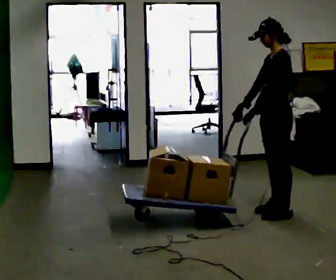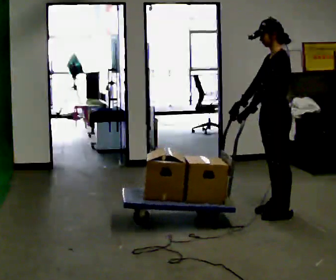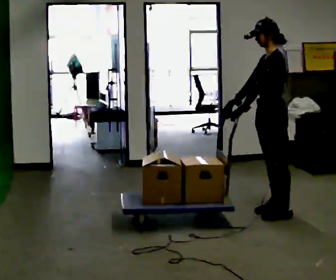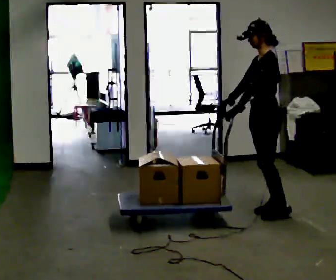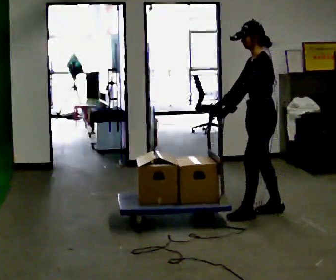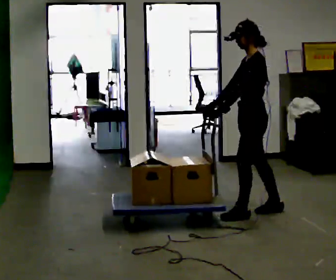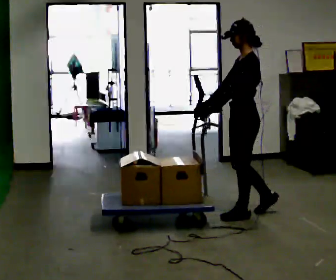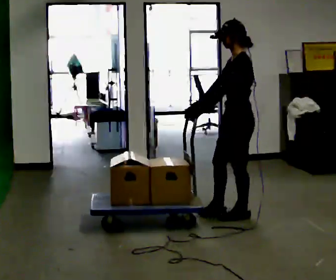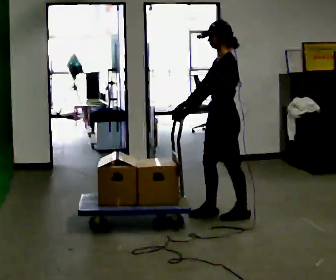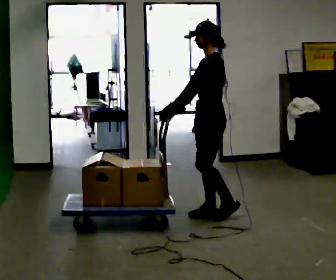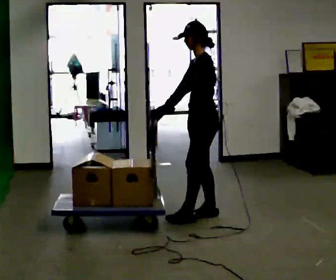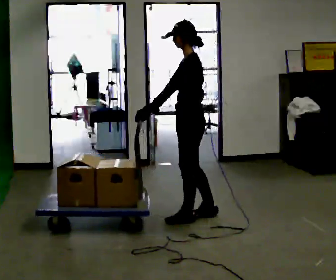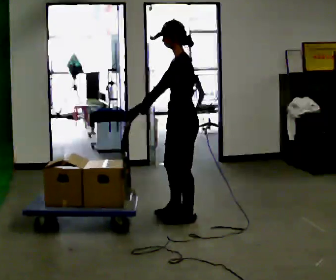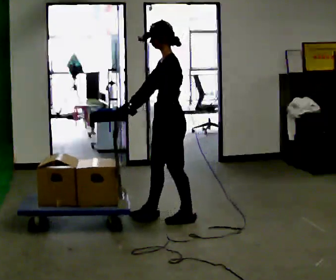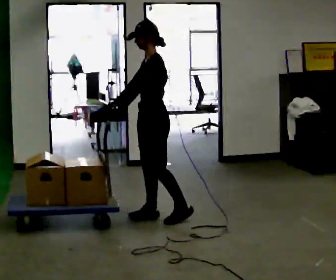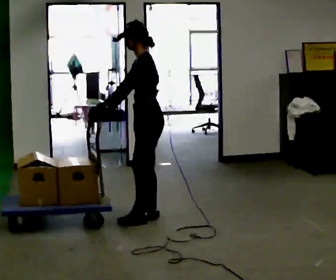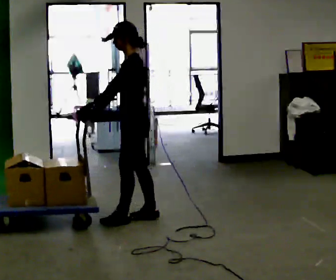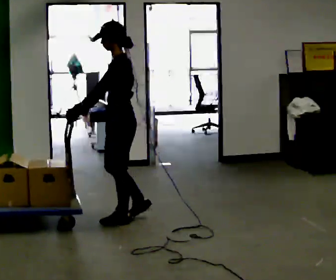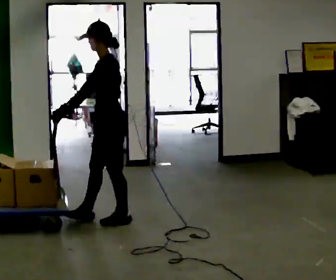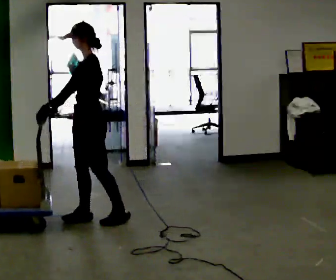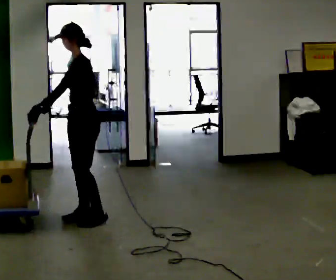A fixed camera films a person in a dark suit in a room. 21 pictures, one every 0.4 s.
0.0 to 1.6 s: The person moves a little, or ends about where they began.
1.6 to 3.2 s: In the picture they go to the left, about 0.25 m in 2 steps, which for them is forward.
3.2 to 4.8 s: In the picture they go to the left, about 0.25 m in 1 step, which for them is forward.
4.8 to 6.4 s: In the picture they go to the left, about 0.5 m in 2 steps, which for them is forward.
6.4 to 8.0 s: In the picture they go to the left, about 0.5 m in 1 step, which for them is forward.
The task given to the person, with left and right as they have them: Push the cart across the room and back. The operator will change how much is loaded on it between takes and will tell you each time.
The film runs forward here.
